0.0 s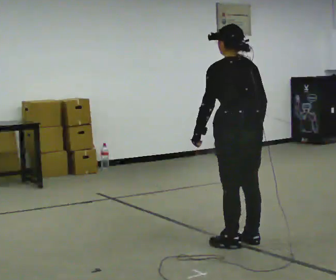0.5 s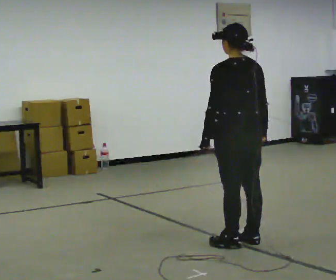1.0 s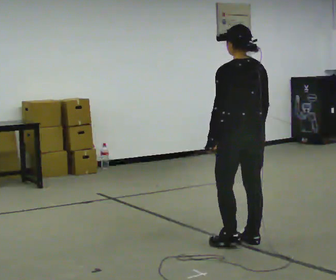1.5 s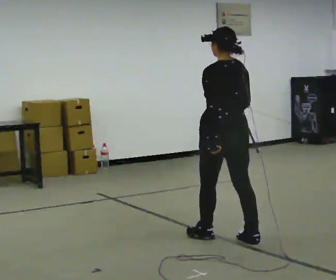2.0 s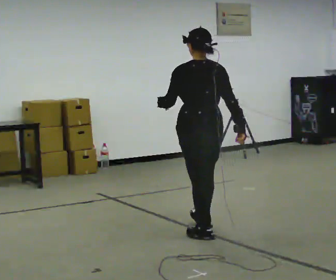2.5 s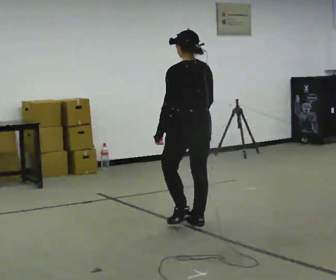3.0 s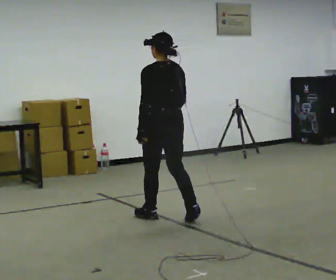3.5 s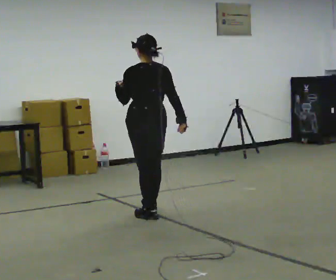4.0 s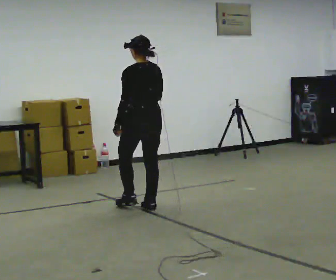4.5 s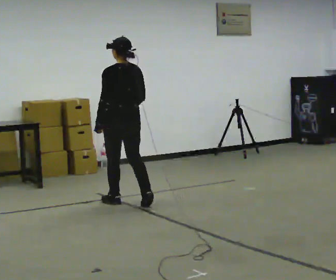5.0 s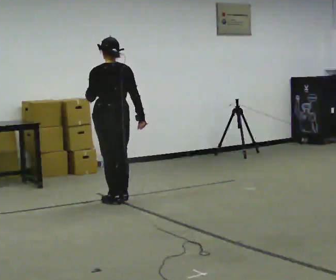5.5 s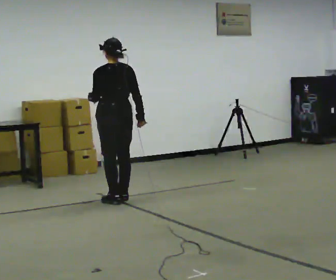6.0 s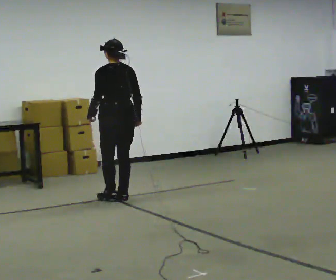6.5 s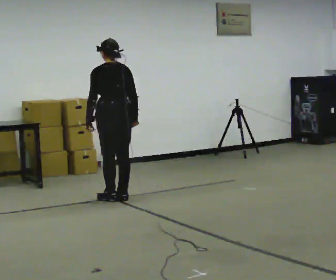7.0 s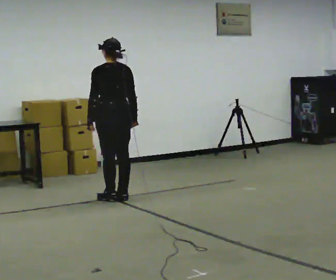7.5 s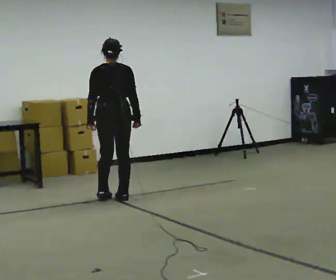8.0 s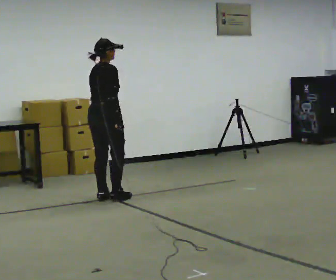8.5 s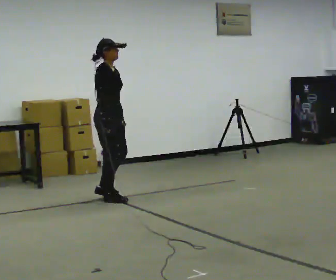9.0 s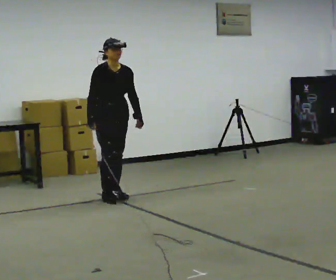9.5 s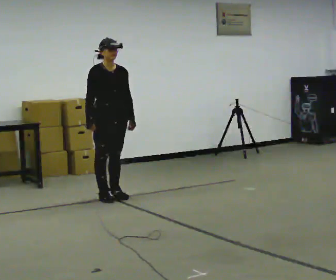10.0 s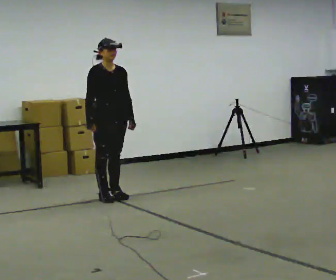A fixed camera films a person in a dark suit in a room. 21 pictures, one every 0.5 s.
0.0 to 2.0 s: In the picture they go away from the camera and to the left, about 0.5 m in 1 step, which for them is forward.
2.0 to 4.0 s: In the picture they go away from the camera, about 1 m in 3 steps, which for them is forward.
4.0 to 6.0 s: In the picture they go away from the camera and to the left, about 0.5 m in 3 steps, which for them is forward.
6.0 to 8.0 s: The person turns about 75 degrees to their right, clockwise seen from above, so the part of the body nearest the lens slides to the left. In the picture they go to the left, about 0.25 m.
8.0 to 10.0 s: The part of the body nearest the lens slides to the left as the person turns to their right by about 90 degrees. In the picture their left hand goes to the right.
The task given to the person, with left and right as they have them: Walk; crouch comfortably at marker; remain briefly; stand and continue.
The film runs forward here.
